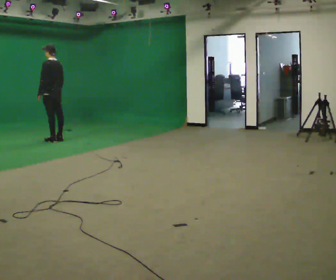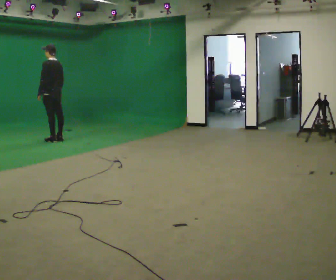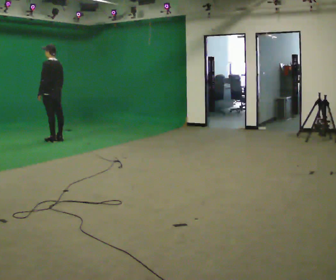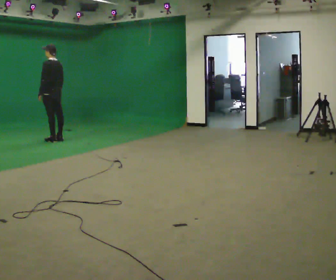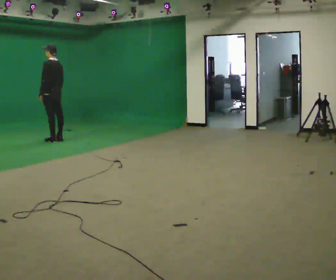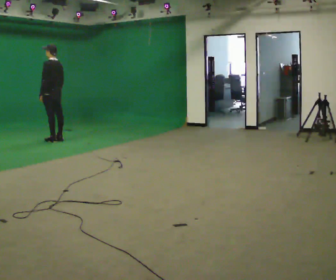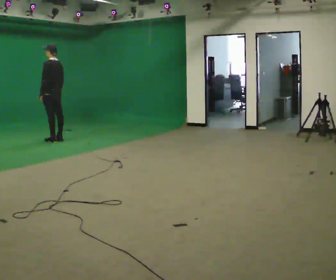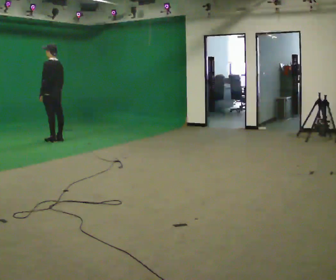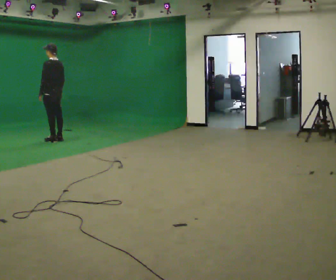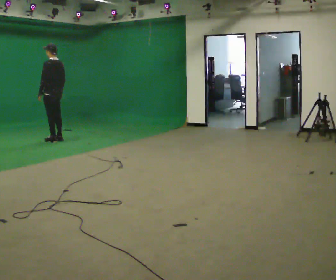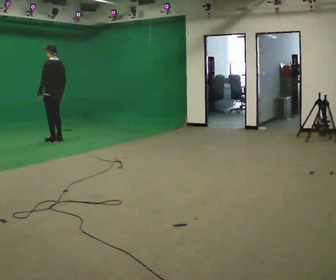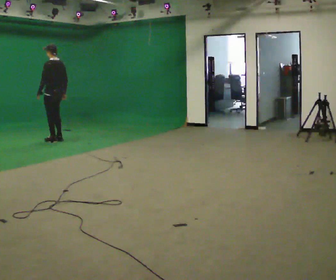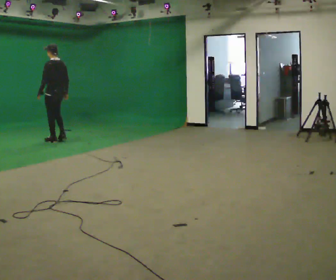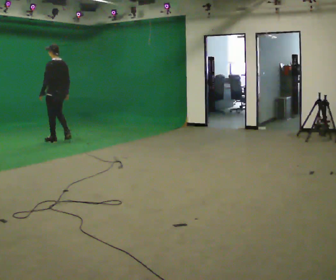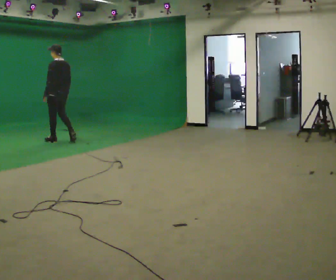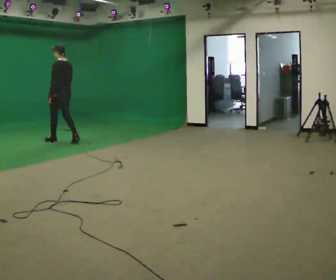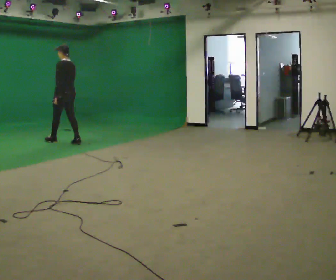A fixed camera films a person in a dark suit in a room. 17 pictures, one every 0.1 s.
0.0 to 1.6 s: In the picture they go toward the camera and to the right, about 0.25 m in 1 step, which for them is backward.
The film runs backward here.
